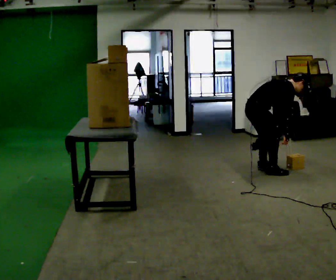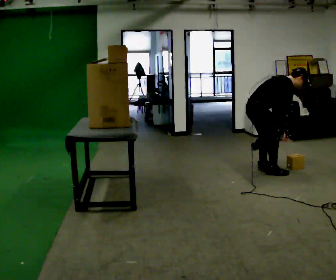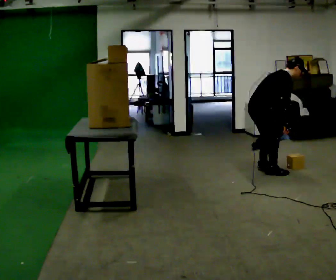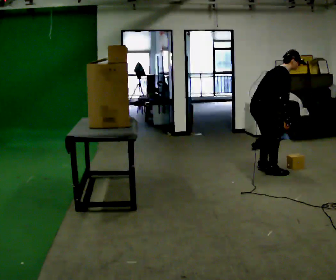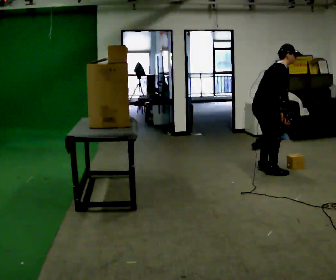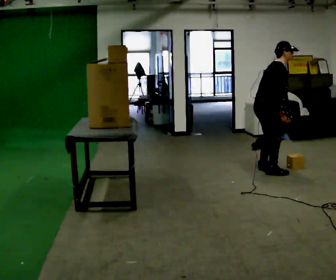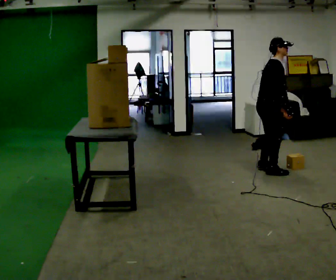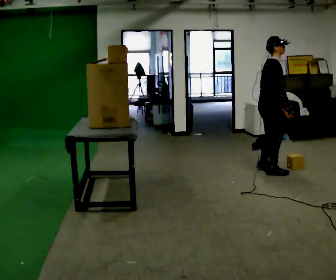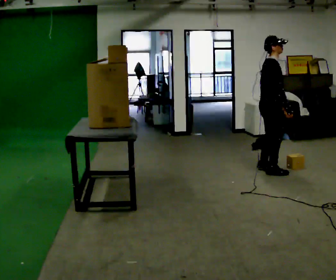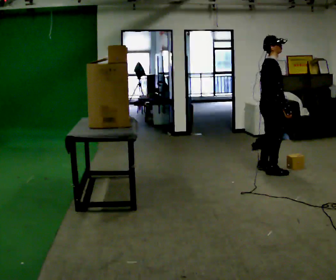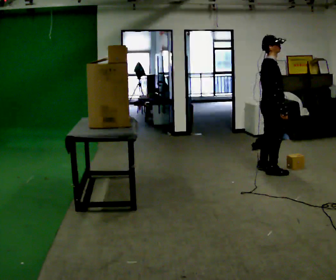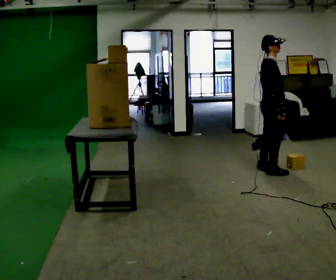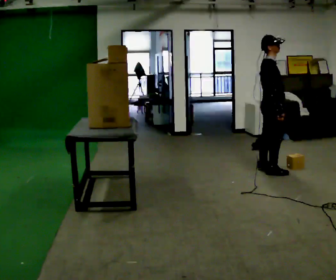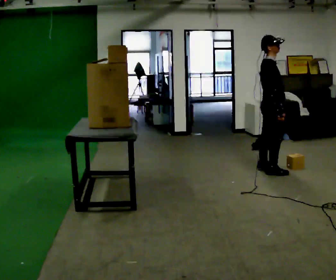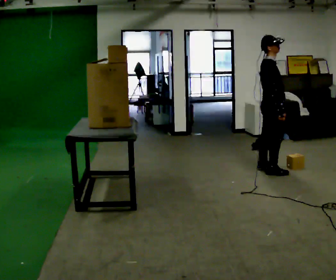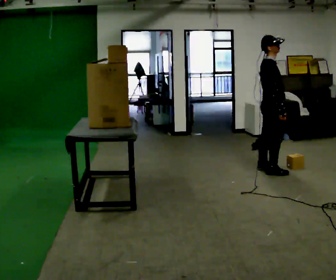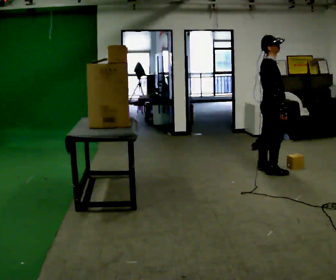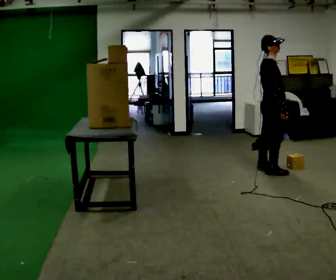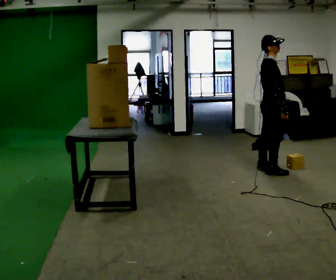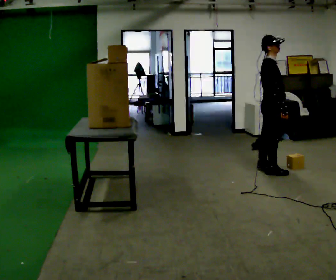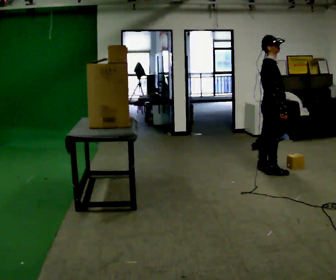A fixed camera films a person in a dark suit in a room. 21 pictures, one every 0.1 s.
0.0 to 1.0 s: In the picture they go to the right, about 0.25 m, which for them is forward. The upper body goes upward. In the picture the upper body tilts counterclockwise, shoulders to the left, as they lean back or straighten.
1.0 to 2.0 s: The person moves a little, or ends about where they began.
The film runs forward here.
